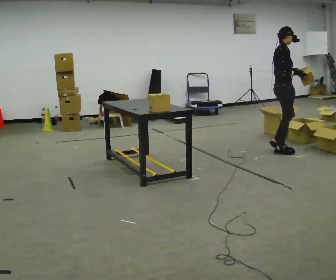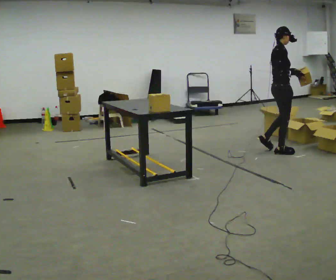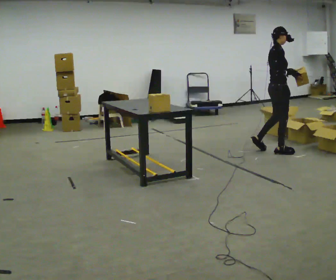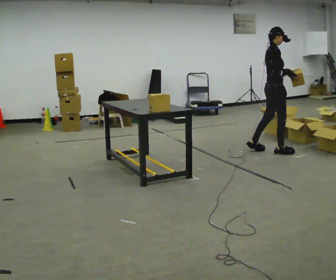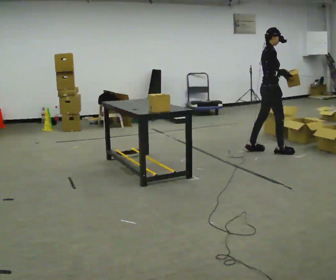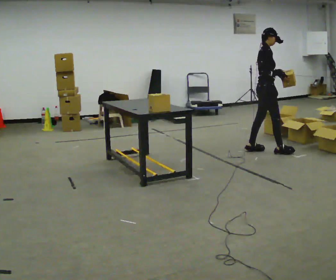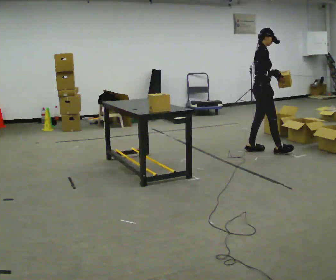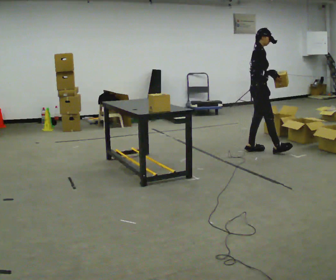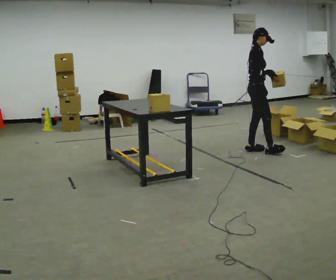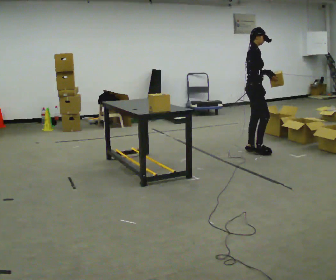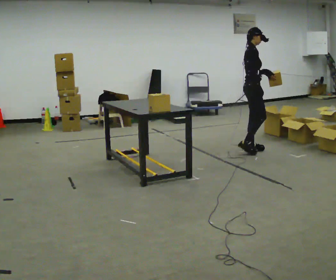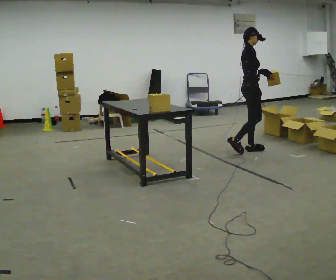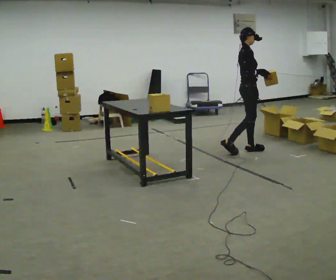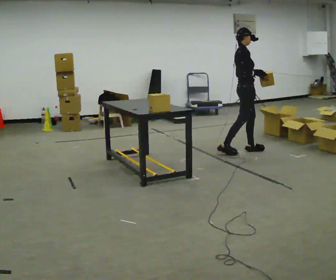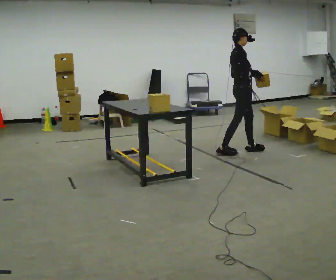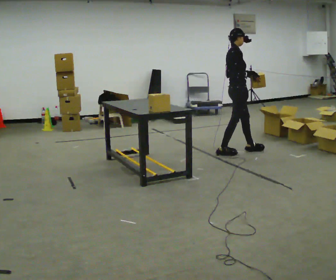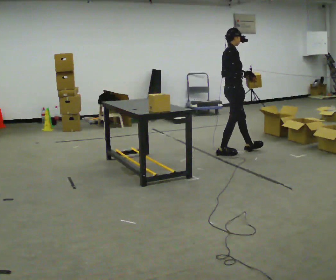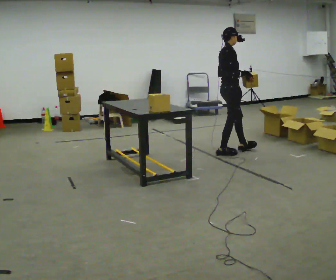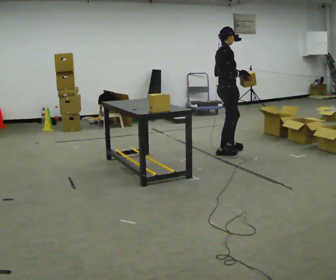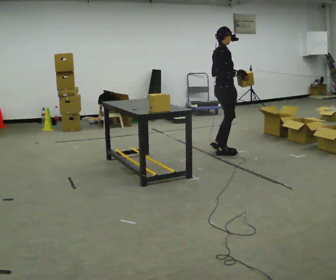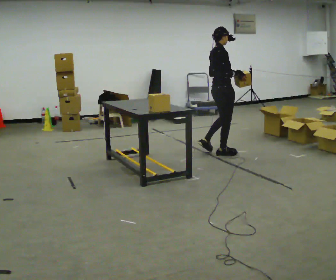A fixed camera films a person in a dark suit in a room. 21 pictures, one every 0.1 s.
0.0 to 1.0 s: In the picture they go to the left, about 0.5 m in 1 step, which for them is backward.
1.0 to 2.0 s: The part of the body nearest the lens slides to the right as the person turns to their left by about 30 degrees. In the picture they go to the left and toward the camera, about 0.5 m in 1 step, which for them is backward and to their right.
The film runs backward here.
